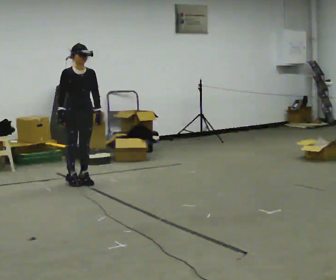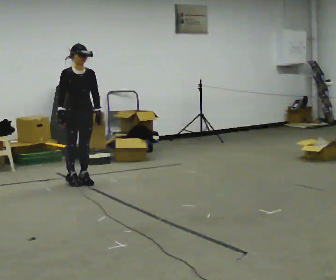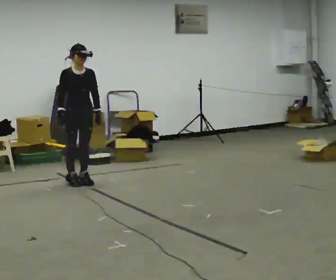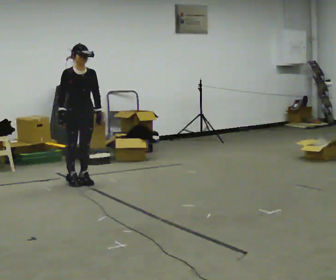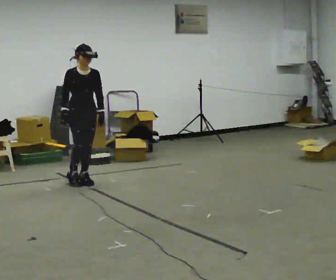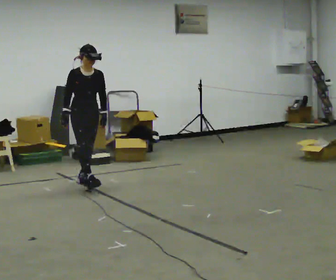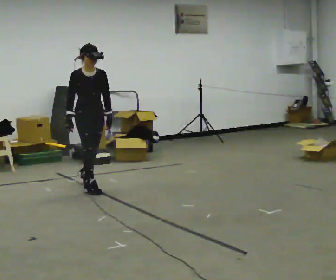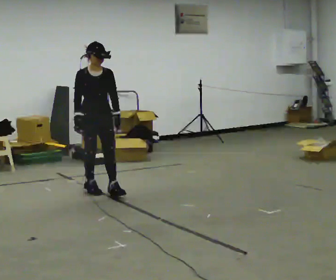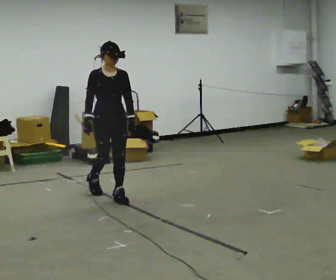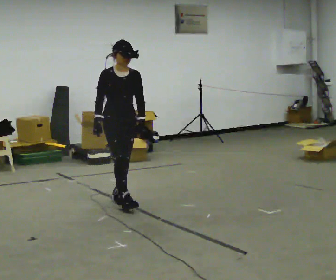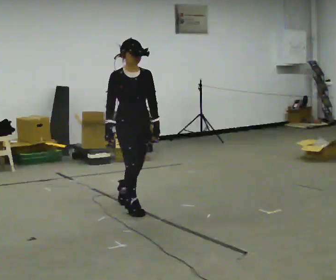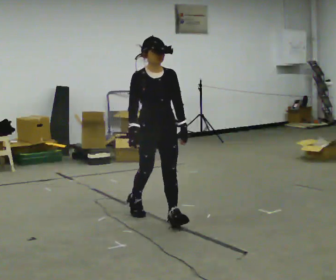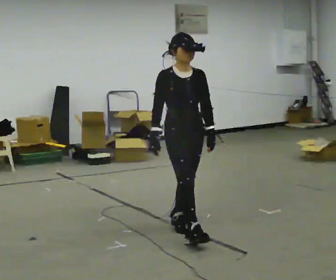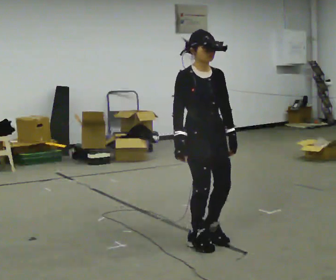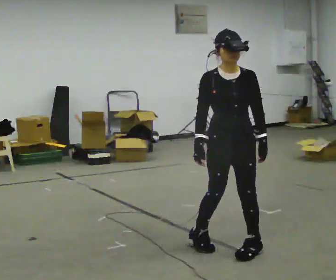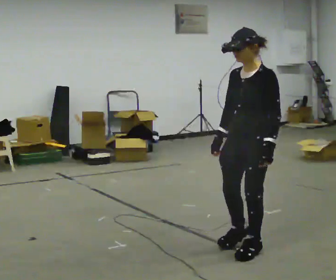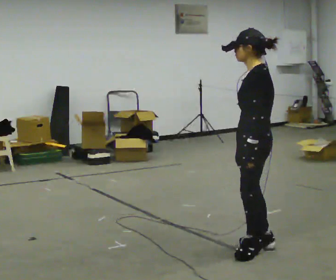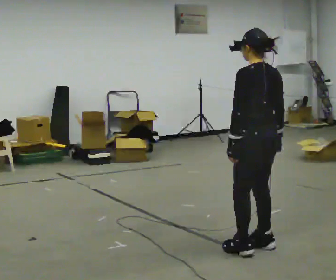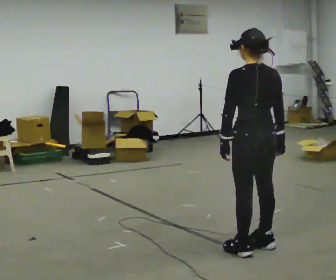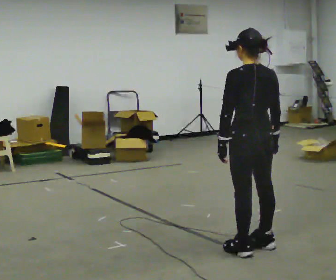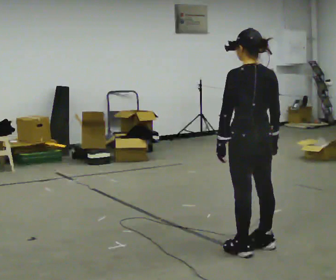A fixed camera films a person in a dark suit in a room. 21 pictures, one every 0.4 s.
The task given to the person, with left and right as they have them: Start still; gradually go slow → normal → fast; briefly maintain fast speed; stop.
0.0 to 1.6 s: The person moves a little, or ends about where they began.
1.6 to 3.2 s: In the picture they go toward the camera and to the right, about 0.5 m in 2 steps, which for them is forward.
3.2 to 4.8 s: In the picture they go toward the camera and to the right, about 1.5 m in 2 steps, which for them is forward.
4.8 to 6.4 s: The person turns about 135 degrees to their right, clockwise seen from above, so the part of the body nearest the lens slides to the left. In the picture they go to the right and toward the camera, about 0.5 m in 3 steps.
6.4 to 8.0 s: The part of the body nearest the lens slides to the left as the person turns to their right by about 45 degrees.
The film runs forward here.
